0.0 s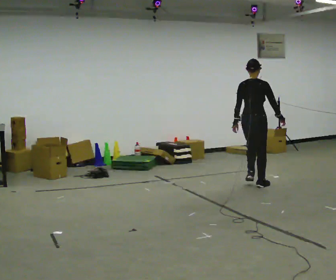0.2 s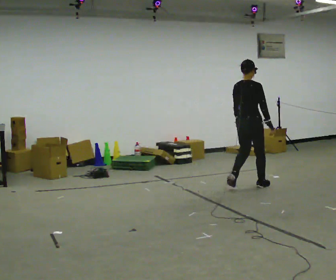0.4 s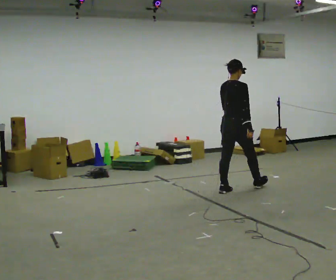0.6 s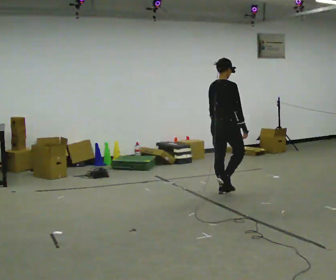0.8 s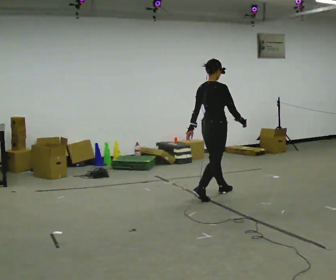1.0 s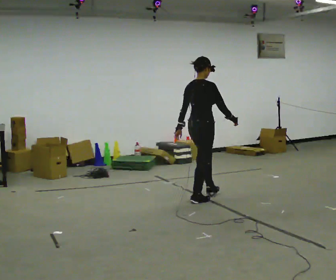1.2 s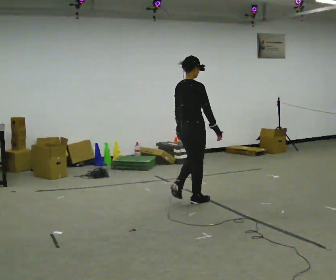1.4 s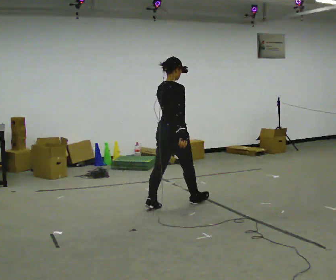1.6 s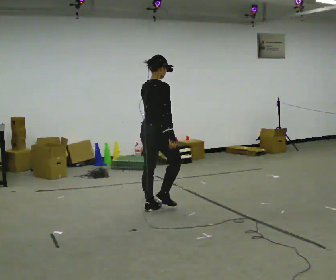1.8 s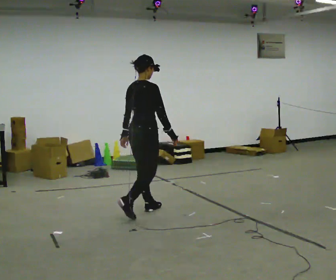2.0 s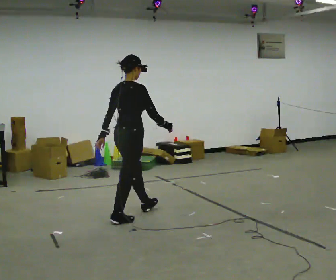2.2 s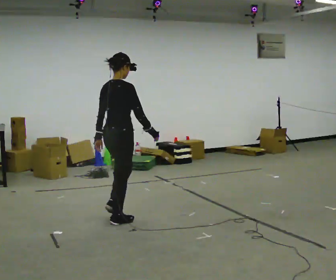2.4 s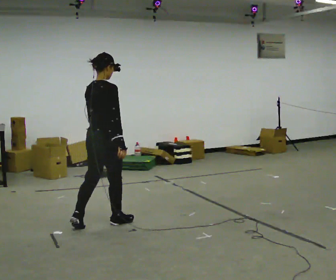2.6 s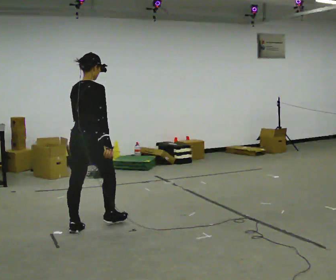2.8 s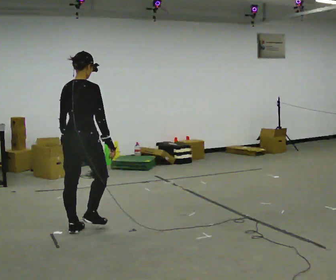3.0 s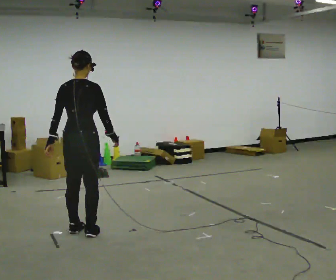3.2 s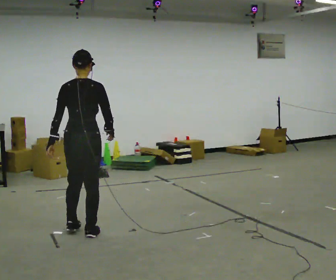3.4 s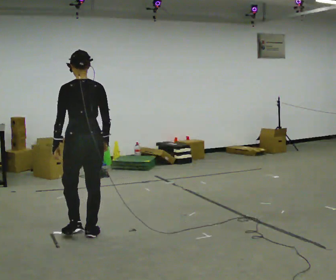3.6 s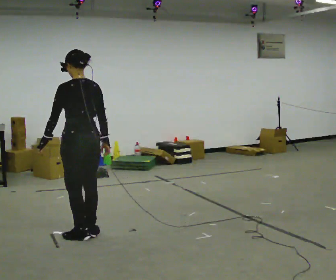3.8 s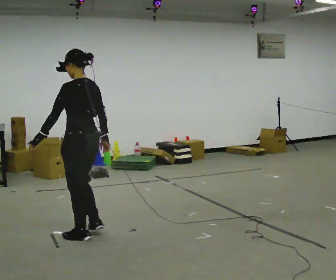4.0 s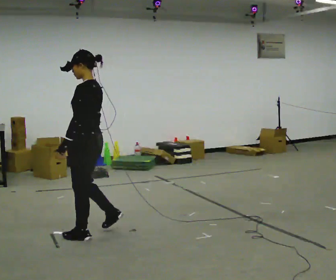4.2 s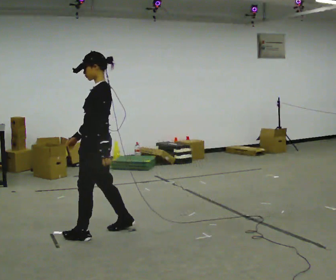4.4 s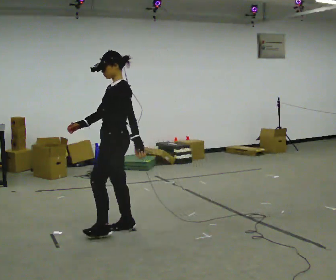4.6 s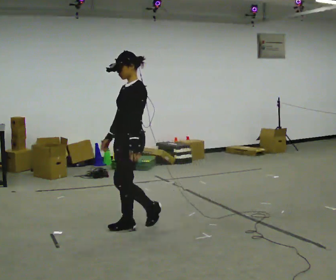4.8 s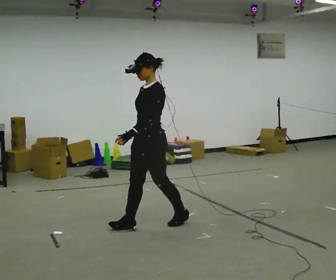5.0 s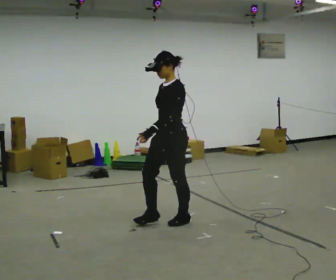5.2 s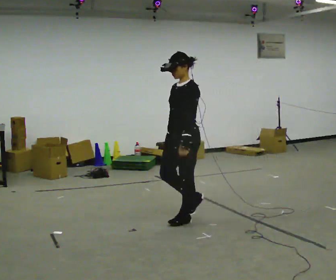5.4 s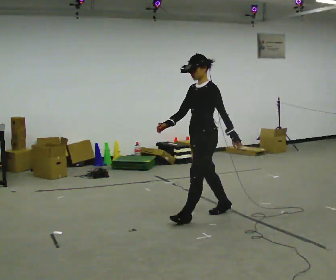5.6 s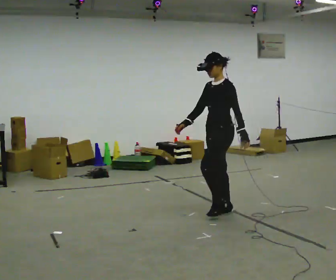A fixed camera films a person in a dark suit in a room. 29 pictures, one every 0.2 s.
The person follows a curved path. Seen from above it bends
counterclockwise.
0.0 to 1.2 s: In the picture they go to the left and toward the camera, about 1 m in 2 steps, which for them is backward.
1.2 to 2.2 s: In the picture they go to the left and toward the camera, about 1 m in 2 steps, which for them is backward.
2.2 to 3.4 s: Seen from above the body turns counterclockwise, about 45 degrees: to their left, with its near side sliding to the right. In the picture they go toward the camera and to the left, about 0.5 m in 2 steps, which for them is backward.
3.4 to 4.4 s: The part of the body nearest the lens slides to the right as the person turns to their left by about 90 degrees. In the picture they go to the right, about 0.25 m in 2 steps.
4.4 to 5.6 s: In the picture they go to the right, about 1 m in 2 steps, which for them is backward.
The film runs backward here.
